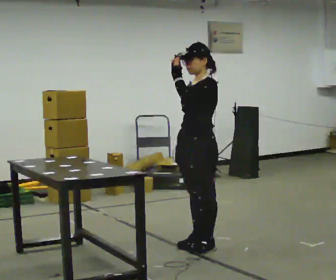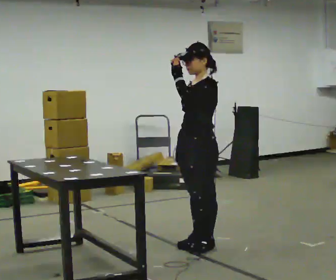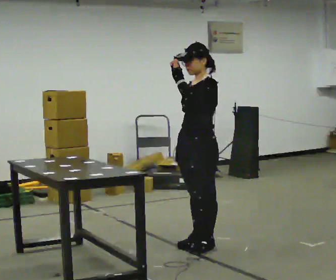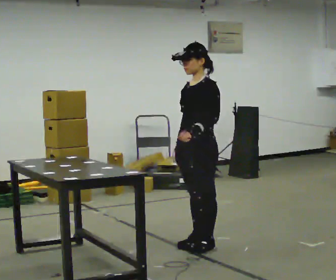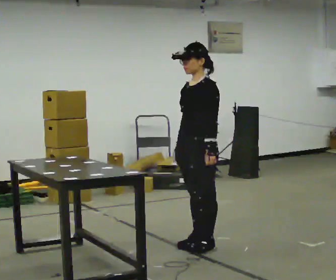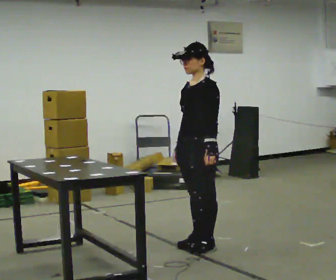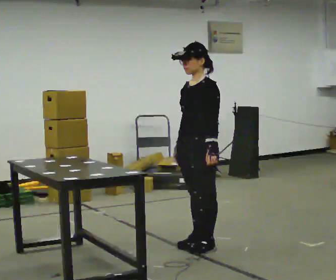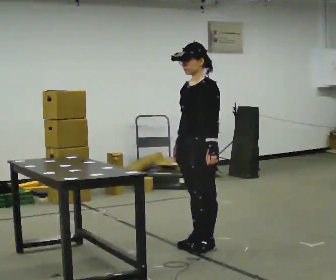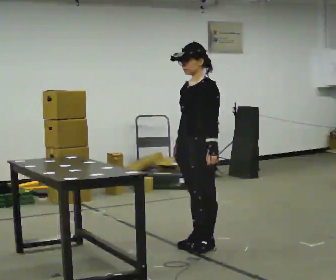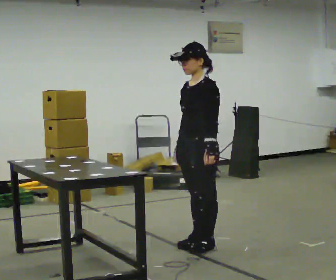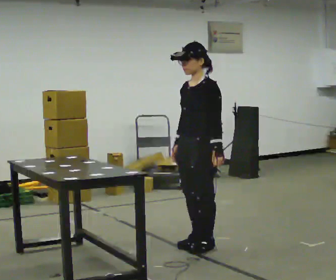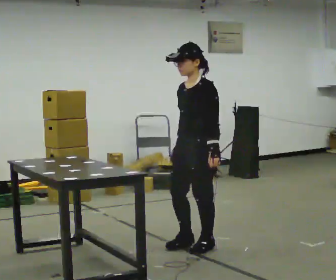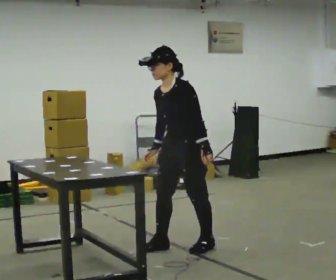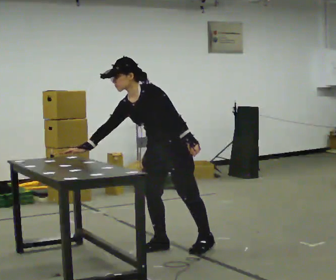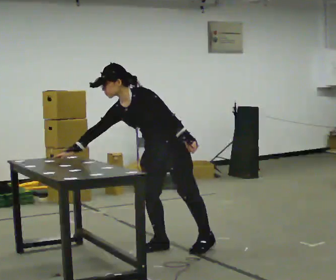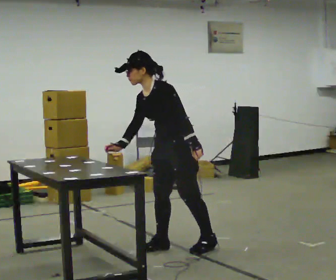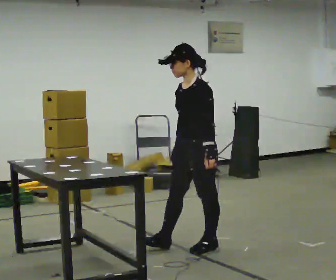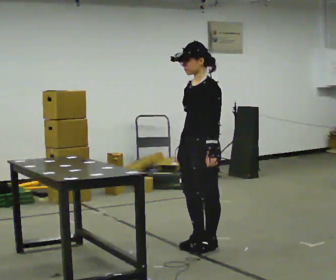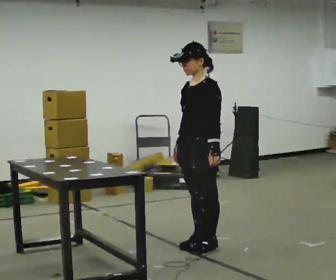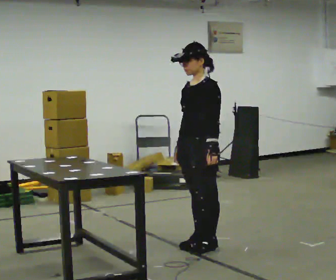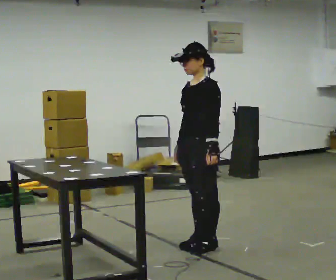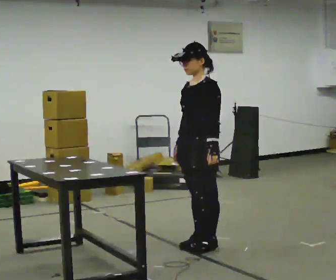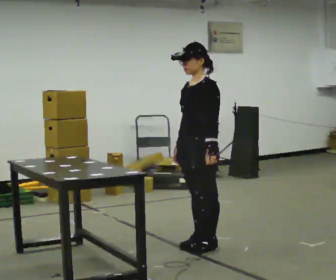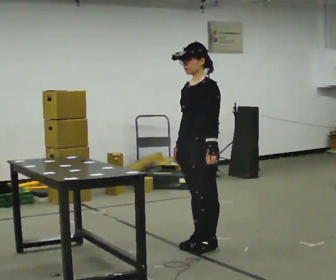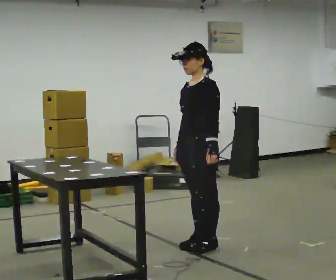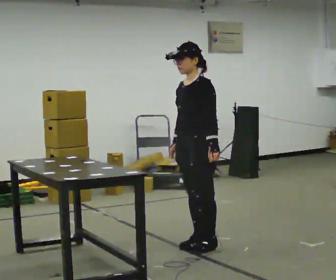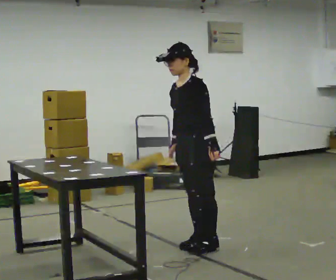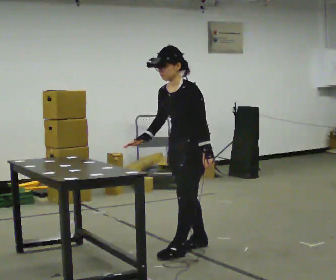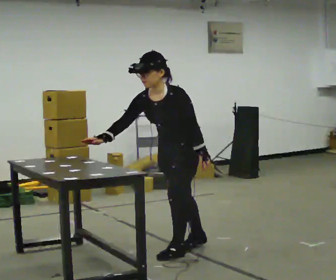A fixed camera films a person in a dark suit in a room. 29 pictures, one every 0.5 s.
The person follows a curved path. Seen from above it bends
counterclockwise.
0.0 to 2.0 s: In the picture their left hand goes downward.
2.0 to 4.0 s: The person keeps their place and pose.
4.0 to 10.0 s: The person moves a little, or ends about where they began.
10.0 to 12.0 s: The person keeps their place and pose.
12.0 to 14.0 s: In the picture they go to the left, about 0.25 m in 1 step, which for them is forward. The upper body tips toward the camera, its near side rolling downward, as they bend forward. In the picture their right hand goes to the left.
The film runs backward here.
